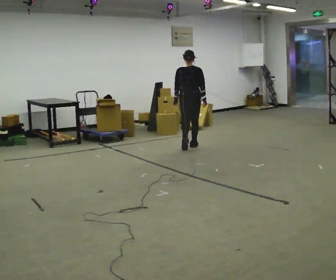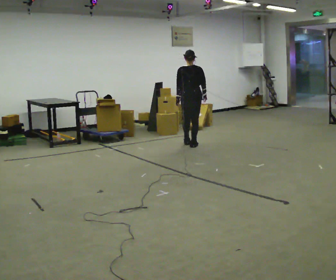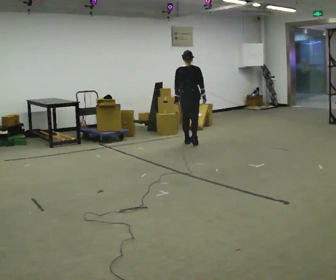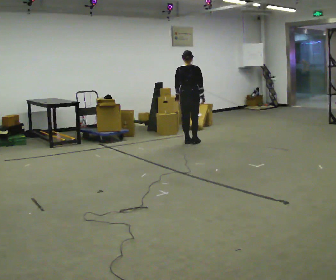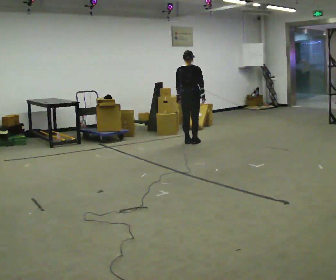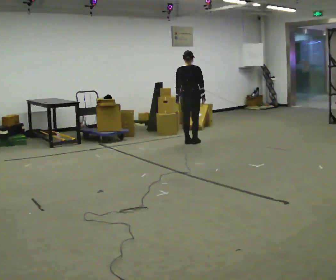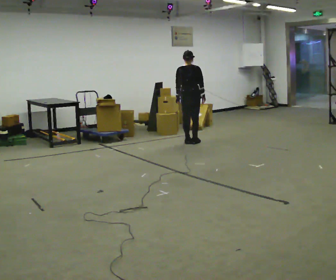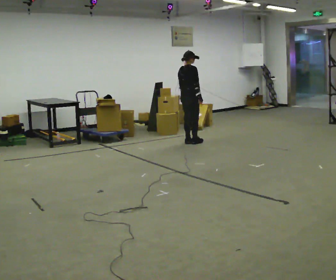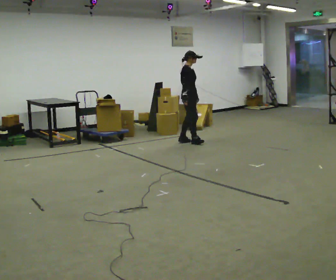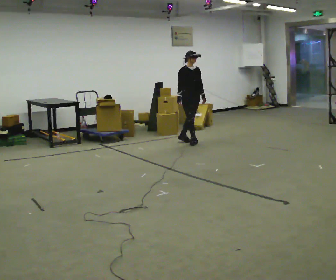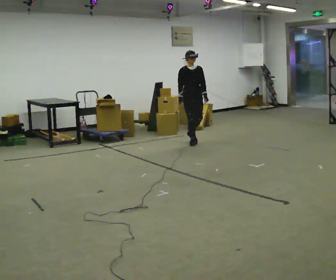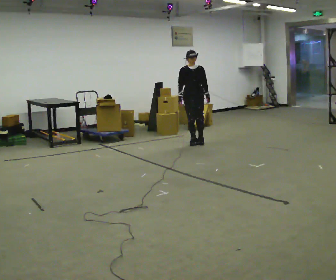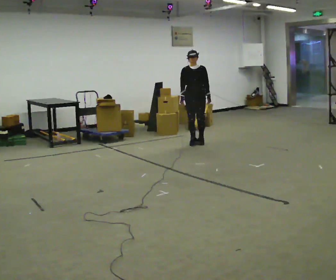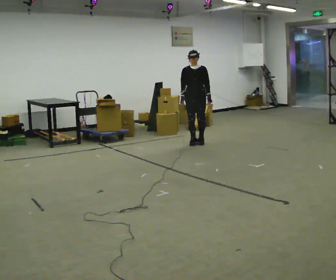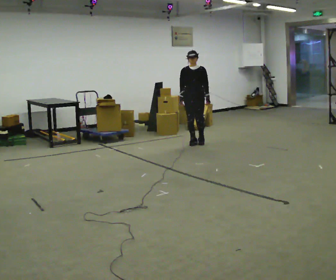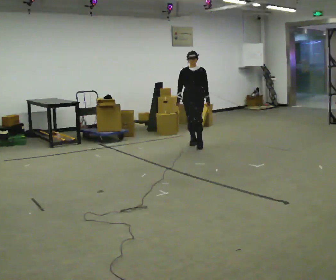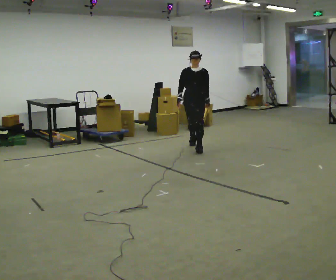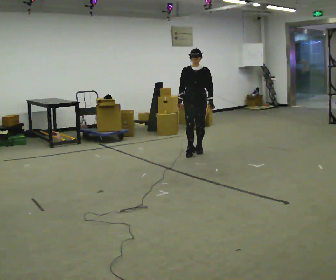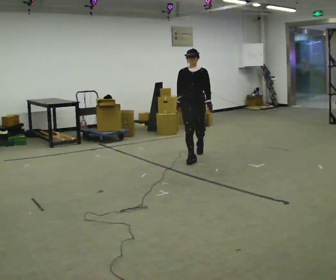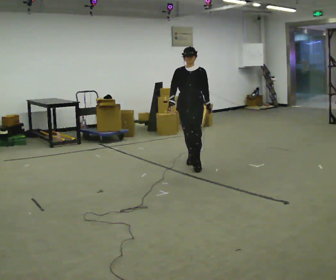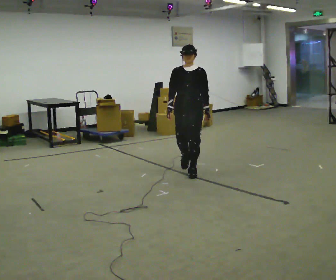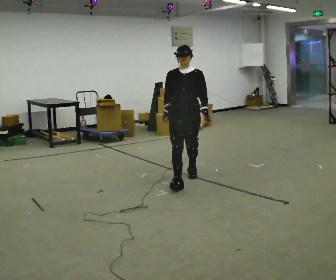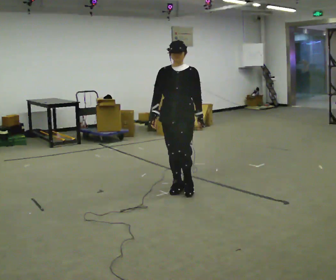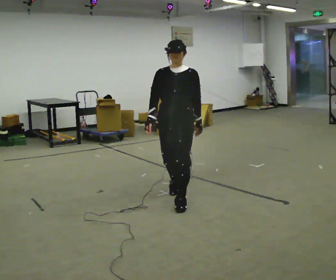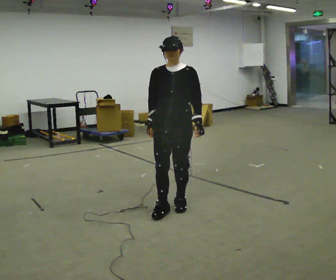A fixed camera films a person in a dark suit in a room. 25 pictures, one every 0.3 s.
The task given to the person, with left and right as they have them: Start still; accelerate to fast walking; hold the fast speed for several steps; decelerate and stop. Do not run.
0.0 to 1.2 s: In the picture they go away from the camera, about 0.25 m in 2 steps, which for them is forward.
1.2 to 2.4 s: The part of the body nearest the lens slides to the left as the person turns to their right by about 105 degrees. In the picture their right hand goes to the left.
2.4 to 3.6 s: Seen from above the body turns clockwise, about 60 degrees: to their right, with its near side sliding to the left.
3.6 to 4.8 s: In the picture they go toward the camera, about 0.5 m in 1 step, which for them is forward.
4.8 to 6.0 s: In the picture they go toward the camera, about 1.5 m in 2 steps, which for them is forward.
6.0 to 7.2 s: In the picture they go toward the camera, about 1 m in 2 steps, which for them is forward.
The film runs forward here.
